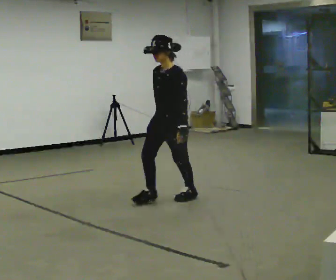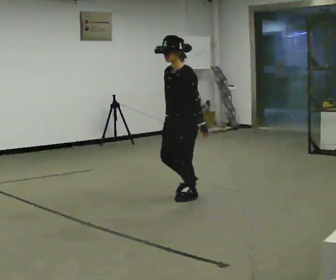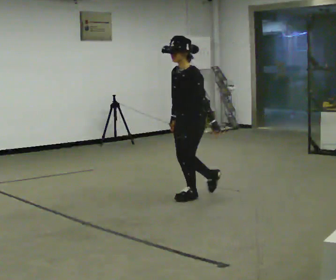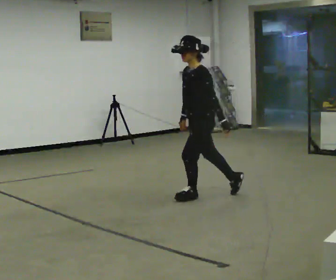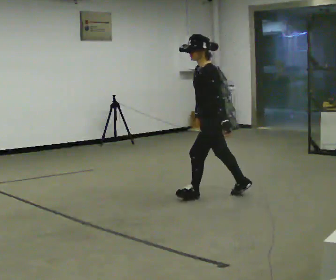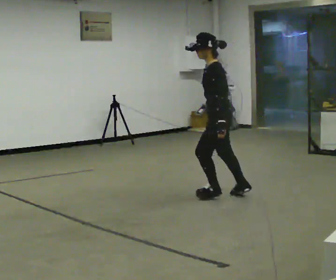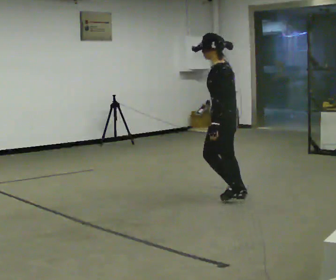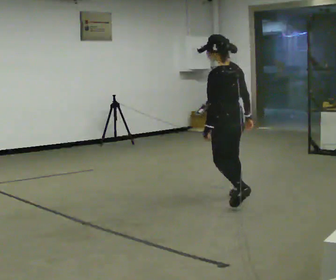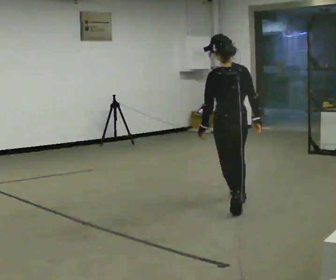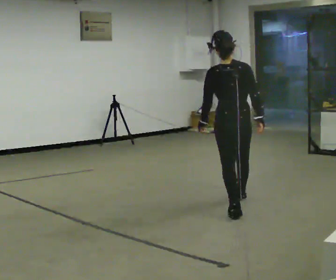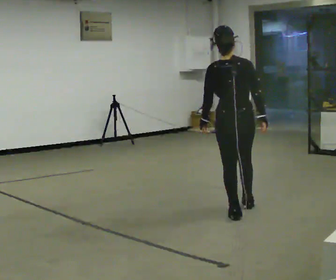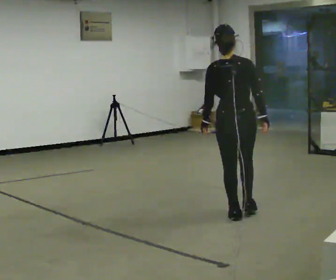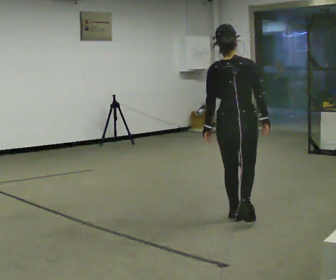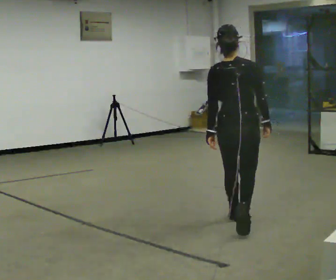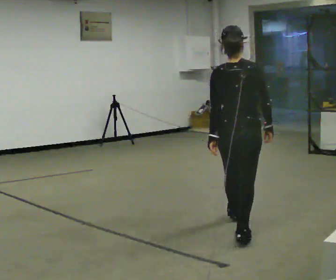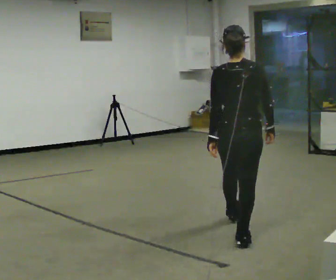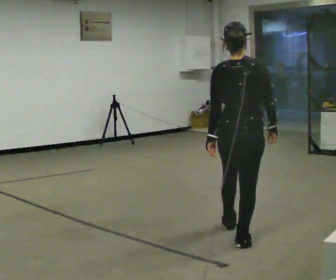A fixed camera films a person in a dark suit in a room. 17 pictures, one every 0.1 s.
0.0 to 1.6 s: The part of the body nearest the lens slides to the left as the person turns to their right by about 135 degrees. In the picture they go toward the camera and to the right, about 1.5 m in 3 steps.
The film runs backward here.
